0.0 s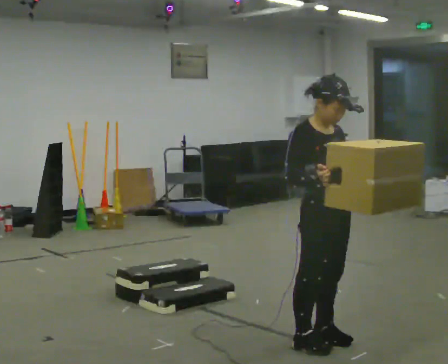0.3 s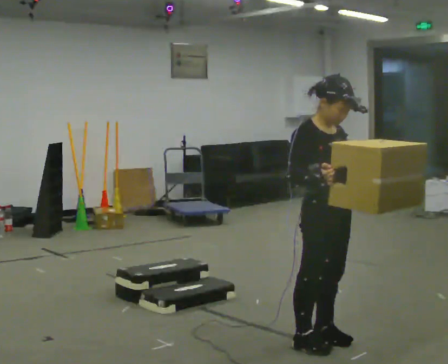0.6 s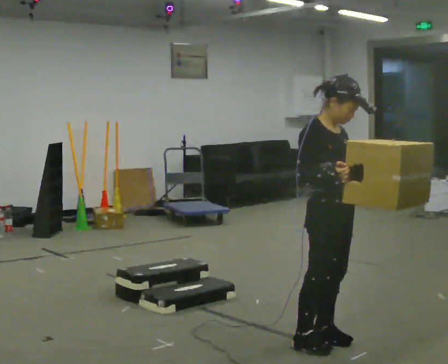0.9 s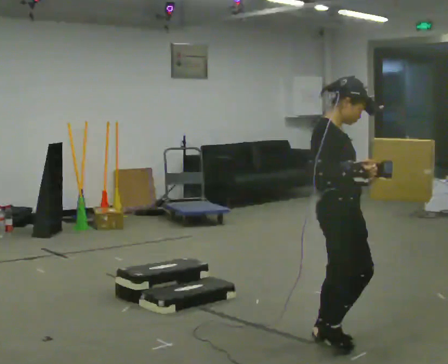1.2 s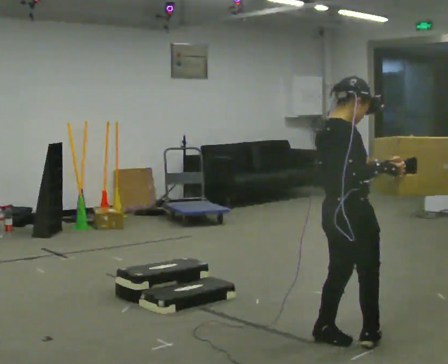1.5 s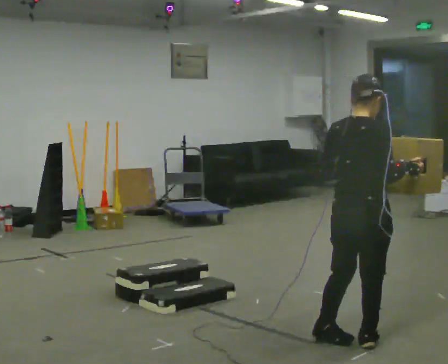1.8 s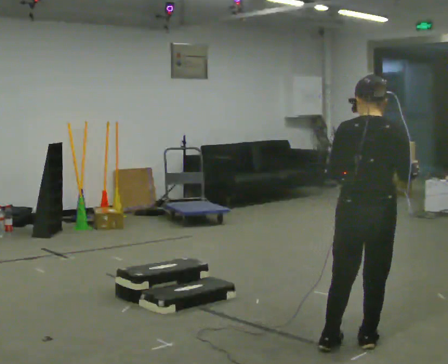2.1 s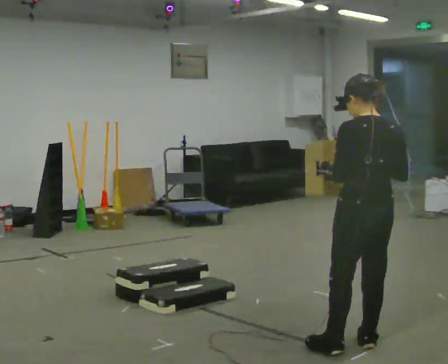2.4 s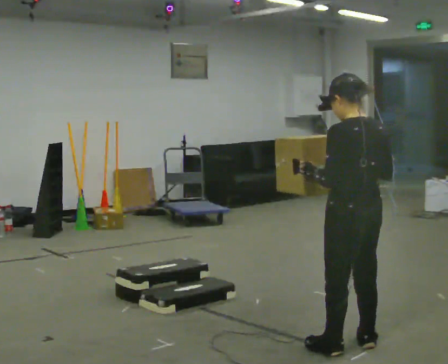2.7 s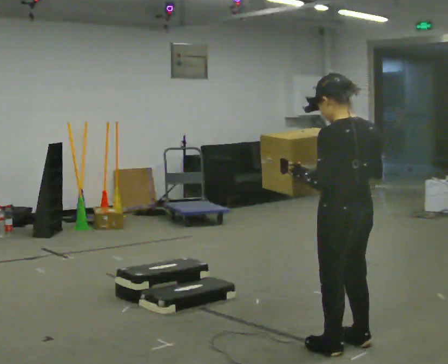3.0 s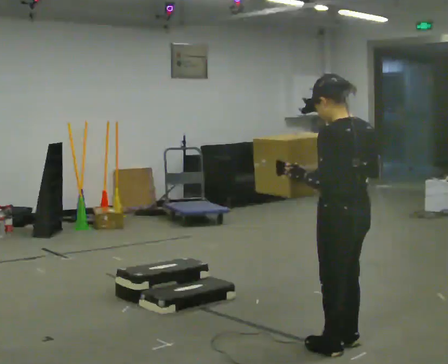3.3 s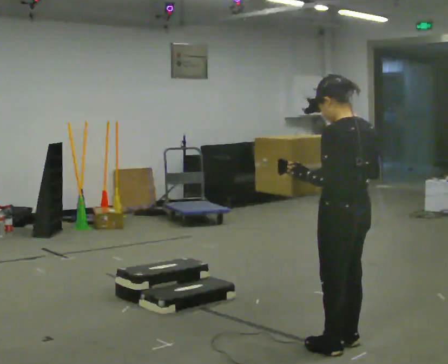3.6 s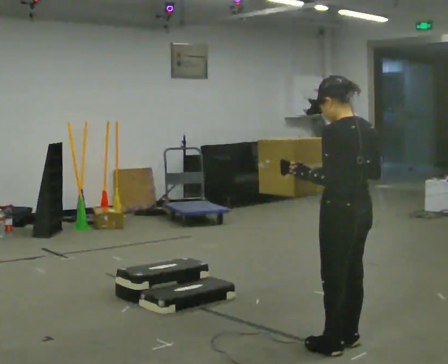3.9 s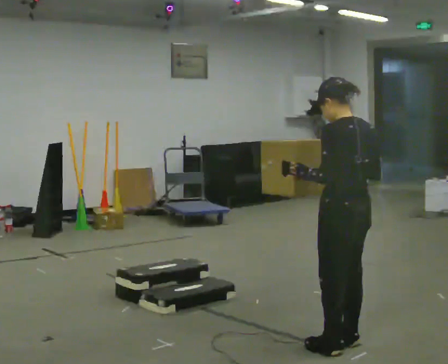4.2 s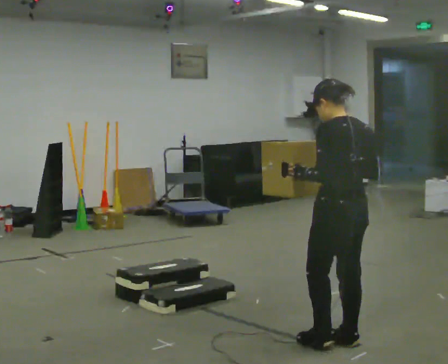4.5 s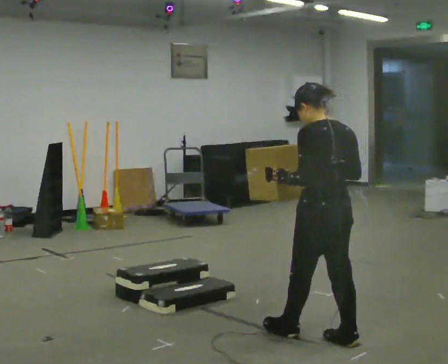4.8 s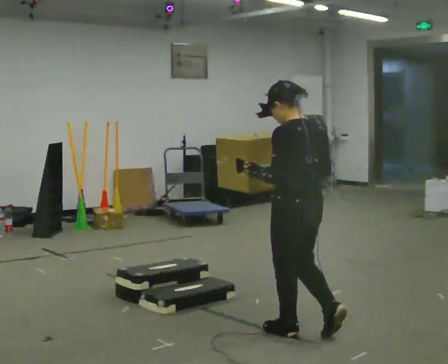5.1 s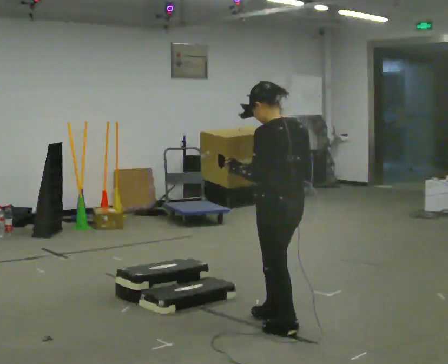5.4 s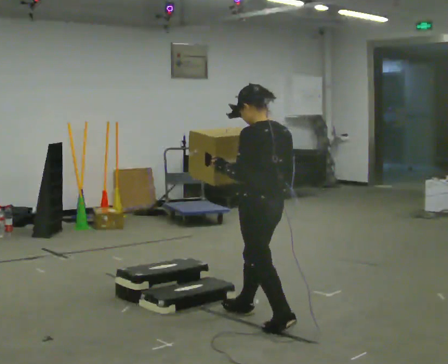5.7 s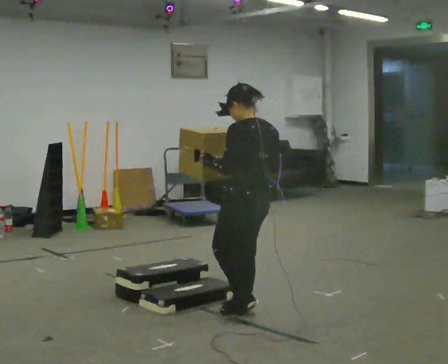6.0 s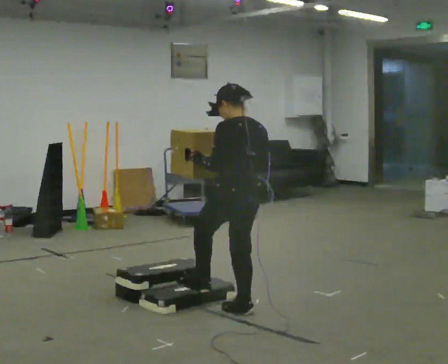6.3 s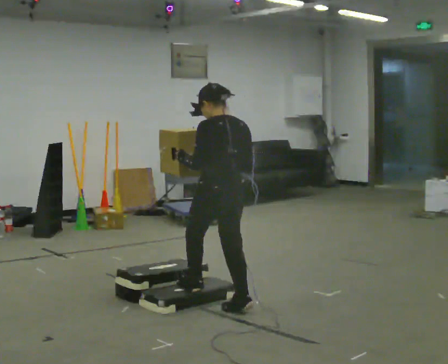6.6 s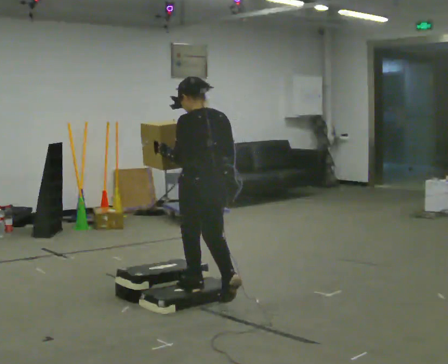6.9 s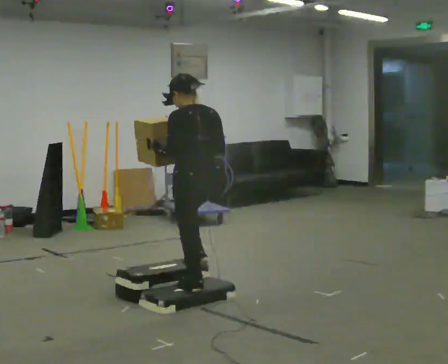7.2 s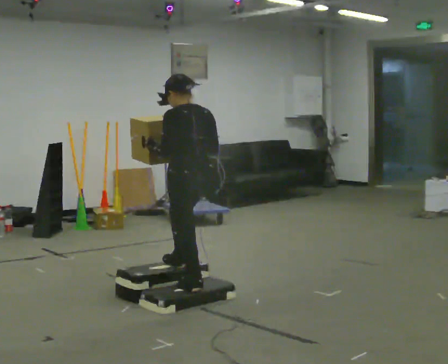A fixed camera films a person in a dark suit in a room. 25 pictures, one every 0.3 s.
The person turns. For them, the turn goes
to their left.
The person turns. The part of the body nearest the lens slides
to the right.
0.0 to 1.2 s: The person turns about 60 degrees to their left, counterclockwise seen from above, so the part of the body nearest the lens slides to the right. In the picture their right hand goes to the right.
1.2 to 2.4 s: The person turns about 105 degrees to their left, counterclockwise seen from above, so the part of the body nearest the lens slides to the right.
2.4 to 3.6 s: The person moves a little, or ends about where they began.
3.6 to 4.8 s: In the picture they go to the left and away from the camera, about 0.25 m in 1 step, which for them is forward.
4.8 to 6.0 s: In the picture they go away from the camera and to the left, about 0.5 m in 1 step, which for them is forward.
6.0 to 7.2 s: In the picture they go to the left and away from the camera, about 0.5 m in 2 steps, which for them is forward.
The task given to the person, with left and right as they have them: Carry the box up the three steps, turn at the top, and carry it back down. Use the handrail only if you need it. Keep going until the operator says stop; one object at a time, and do not rush between trips.
The film runs forward here.
